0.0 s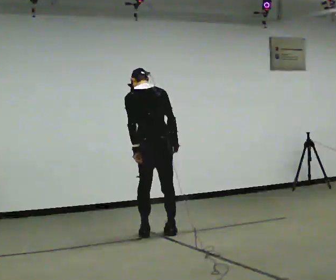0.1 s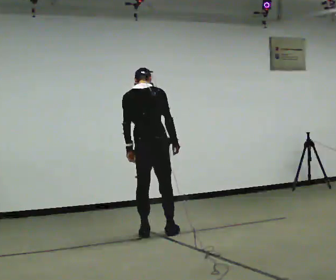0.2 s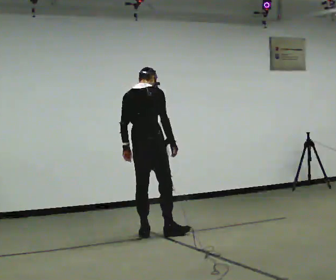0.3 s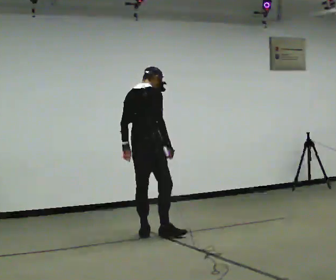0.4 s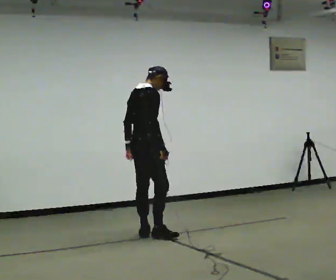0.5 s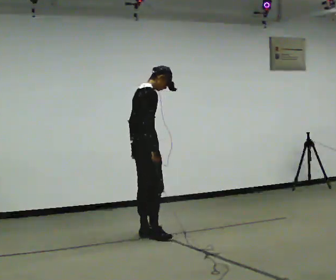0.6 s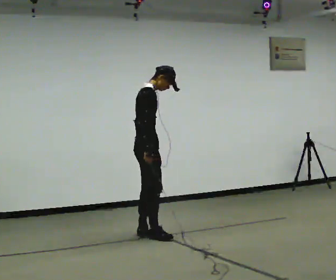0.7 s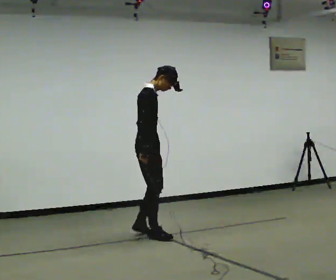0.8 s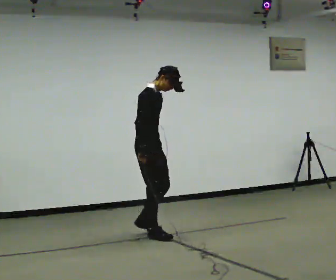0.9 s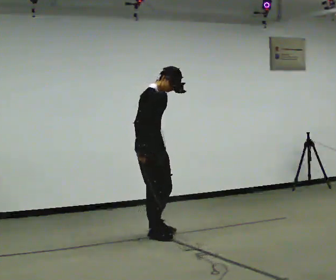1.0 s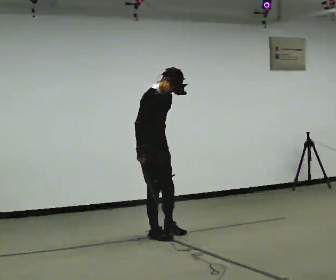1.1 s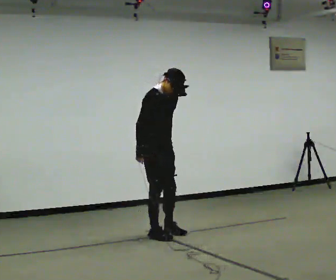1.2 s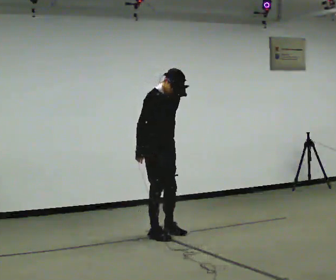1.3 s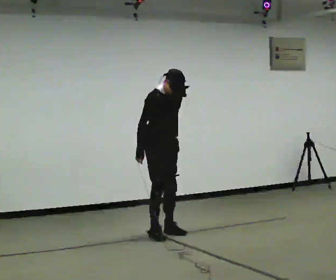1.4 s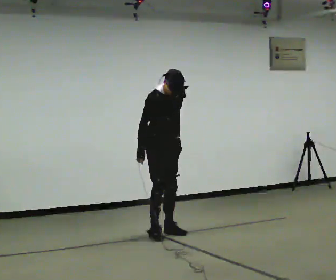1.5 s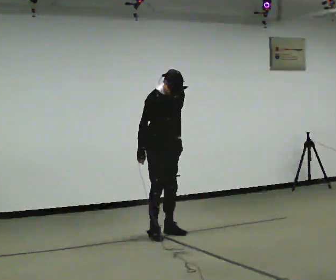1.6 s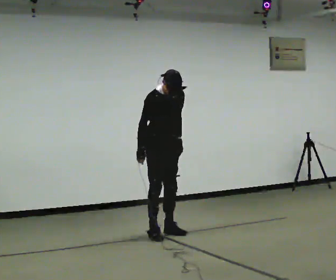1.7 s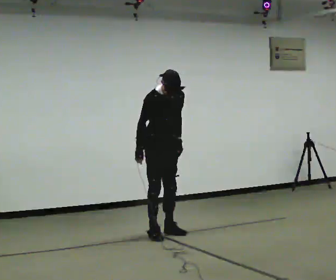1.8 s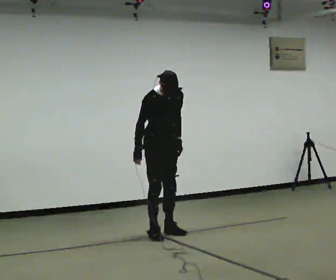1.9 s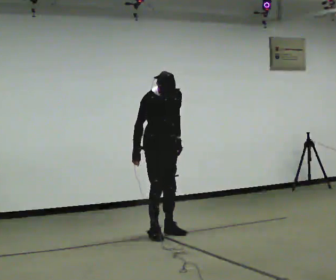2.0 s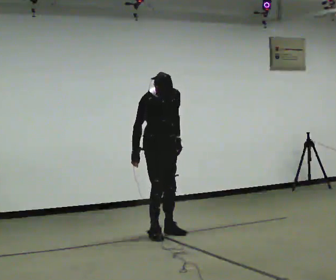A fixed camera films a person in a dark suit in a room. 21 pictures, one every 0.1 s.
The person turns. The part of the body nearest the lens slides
to the left.
The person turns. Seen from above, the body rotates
clockwise.
0.0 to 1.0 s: Seen from above the body turns clockwise, about 120 degrees: to their right, with its near side sliding to the left. In the picture the upper body tilts clockwise, shoulders to the right. In the picture their right hand goes to the left, the arm swinging clockwise.
1.0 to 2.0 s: The upper body tips toward the camera, its near side rolling downward.
The film runs forward here.
